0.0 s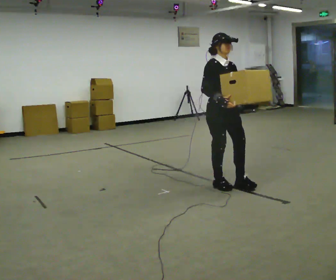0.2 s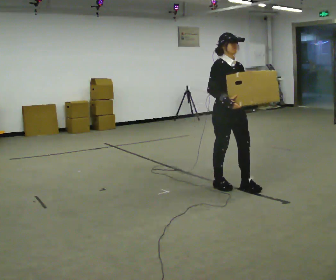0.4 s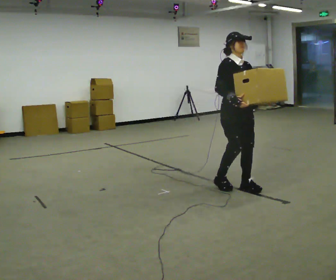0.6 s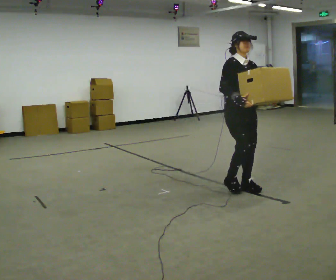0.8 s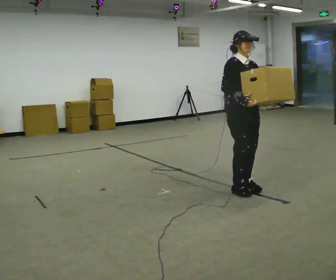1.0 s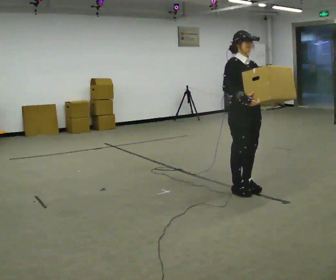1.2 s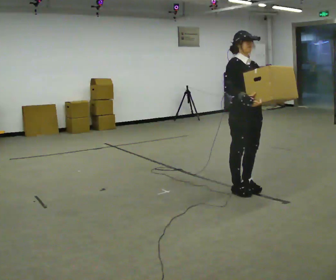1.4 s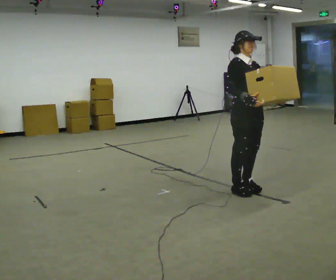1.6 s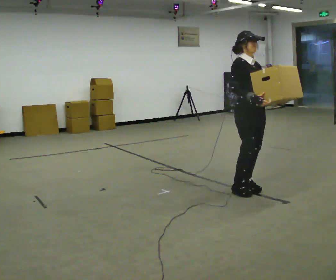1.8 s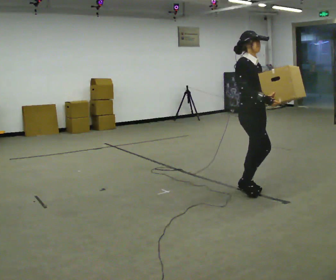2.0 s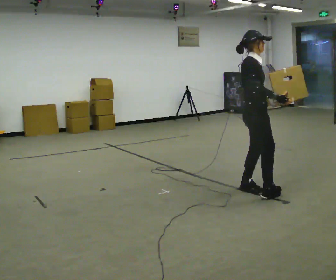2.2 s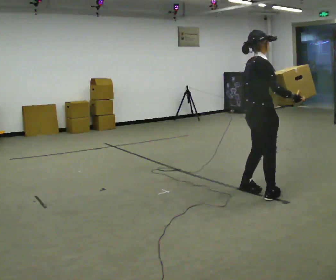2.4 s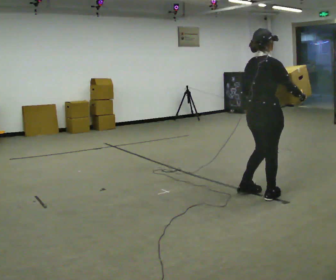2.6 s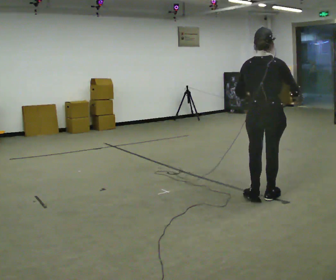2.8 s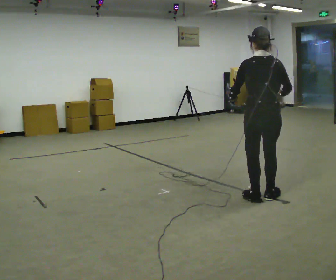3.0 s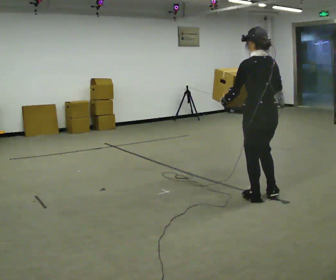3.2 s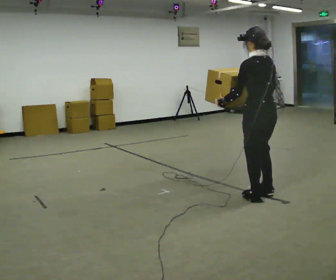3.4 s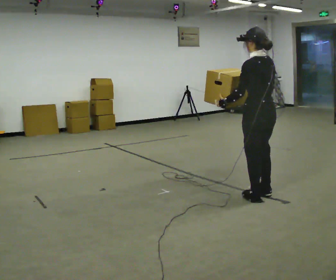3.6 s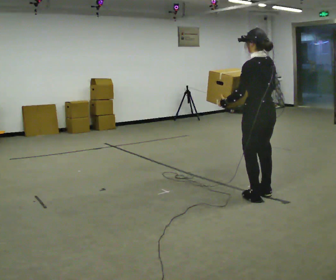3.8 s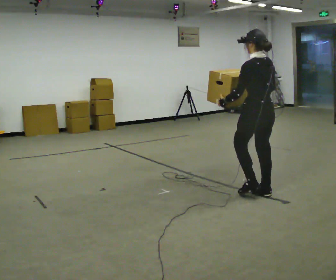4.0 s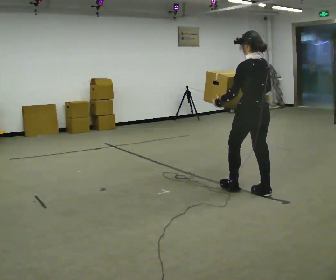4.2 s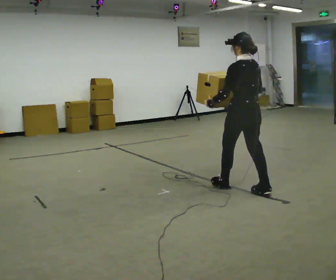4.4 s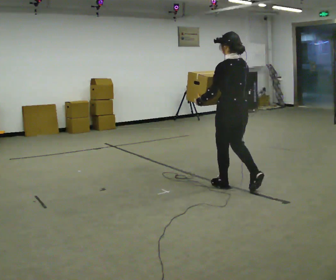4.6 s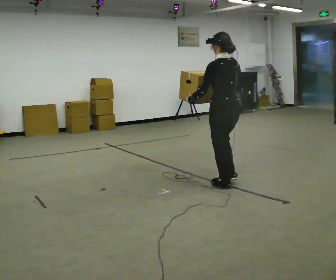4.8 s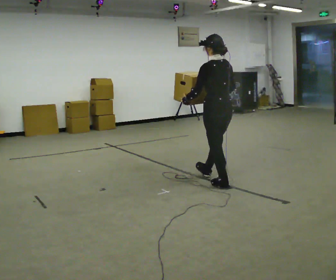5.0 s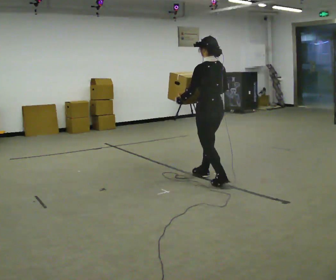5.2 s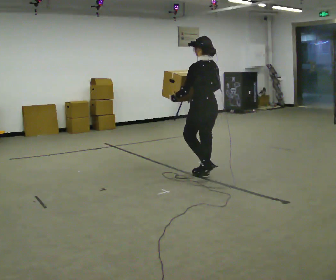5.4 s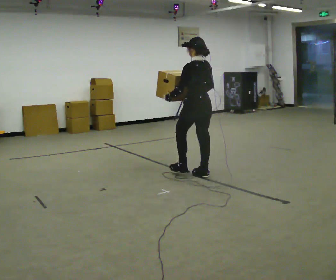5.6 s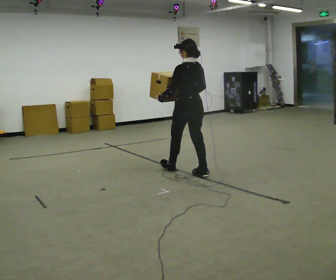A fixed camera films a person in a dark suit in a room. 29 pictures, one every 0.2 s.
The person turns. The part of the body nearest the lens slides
to the right.
The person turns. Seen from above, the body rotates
counterclockwise.
0.0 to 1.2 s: In the picture they go to the right and toward the camera, about 0.25 m in 2 steps, which for them is forward.
1.2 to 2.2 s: The person turns about 60 degrees to their left, counterclockwise seen from above, so the part of the body nearest the lens slides to the right. In the picture their right hand goes to the right.
2.2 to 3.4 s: Seen from above the body turns counterclockwise, about 120 degrees: to their left, with its near side sliding to the right. In the picture their right hand goes to the left.
3.4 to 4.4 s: In the picture they go to the left and away from the camera, about 0.5 m in 1 step, which for them is forward.
4.4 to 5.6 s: In the picture they go to the left and away from the camera, about 1 m in 2 steps, which for them is forward.
The film runs forward here.
